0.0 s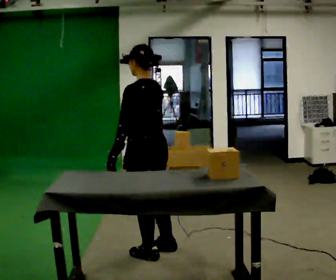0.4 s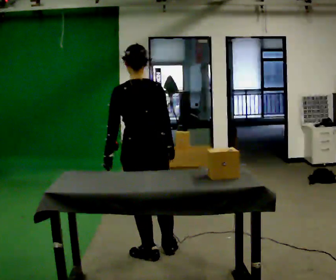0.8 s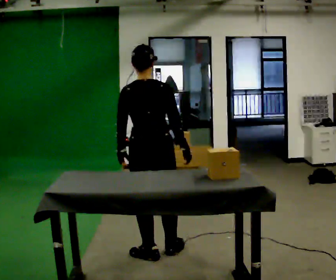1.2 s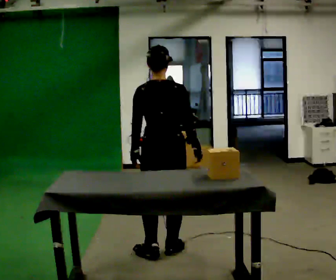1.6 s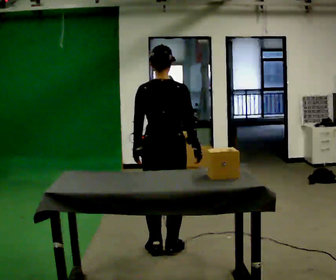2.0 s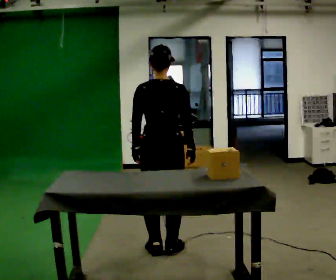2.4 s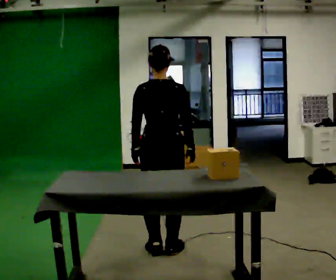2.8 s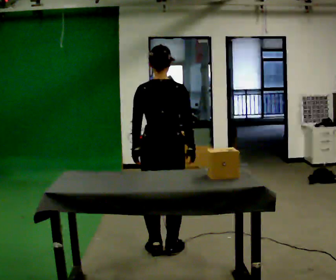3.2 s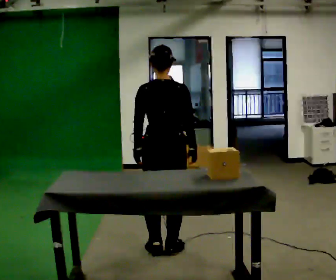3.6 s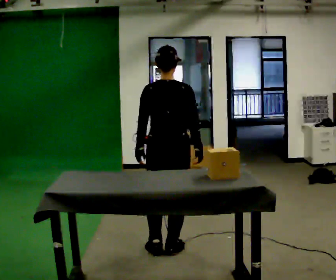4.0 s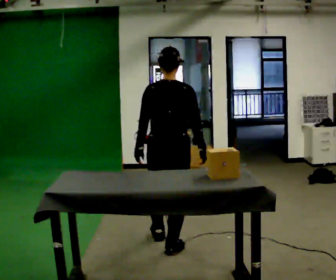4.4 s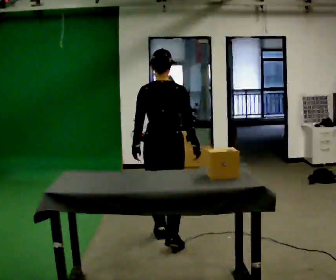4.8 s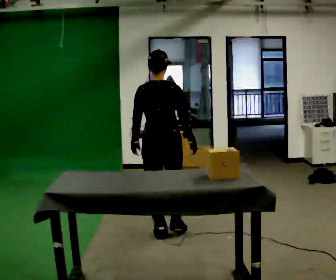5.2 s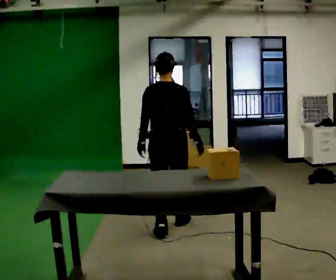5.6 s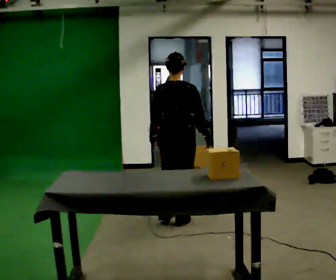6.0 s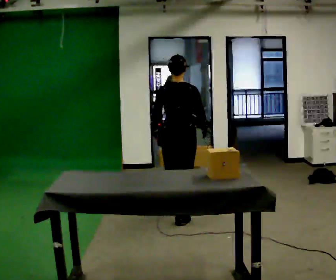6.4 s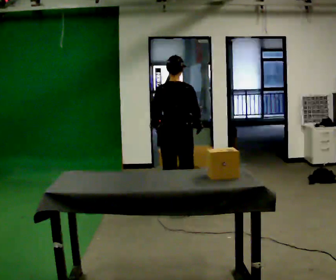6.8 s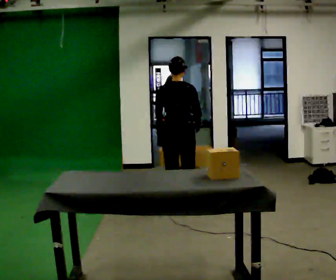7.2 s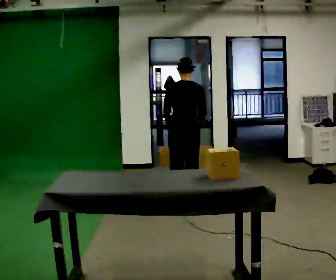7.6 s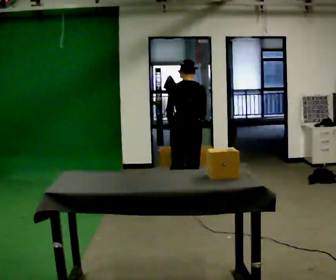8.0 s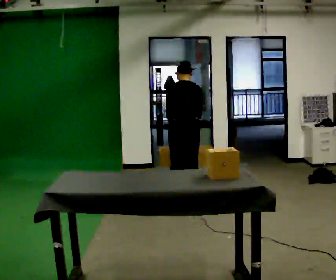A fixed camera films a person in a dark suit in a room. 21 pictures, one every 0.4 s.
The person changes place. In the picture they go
away from the camera.
0.0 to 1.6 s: The part of the body nearest the lens slides to the left as the person turns to their right by about 60 degrees.
1.6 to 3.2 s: The person moves a little, or ends about where they began.
3.2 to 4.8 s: In the picture they go away from the camera, about 0.5 m in 1 step, which for them is forward.
4.8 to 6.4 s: In the picture they go away from the camera, about 1 m in 2 steps, which for them is forward.
6.4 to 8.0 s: In the picture they go away from the camera, about 0.25 m in 2 steps, which for them is forward. The upper body tips away from the camera, its near side rolling upward, as they bend forward.
The film runs forward here.
